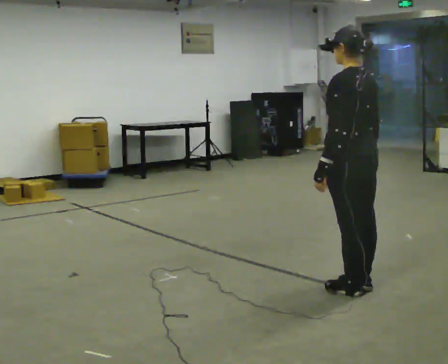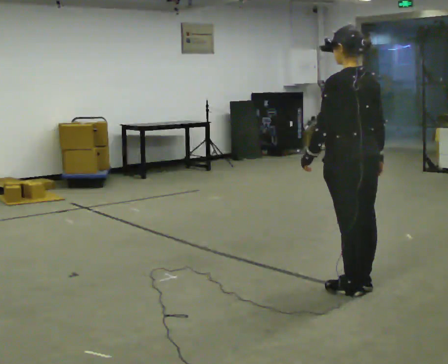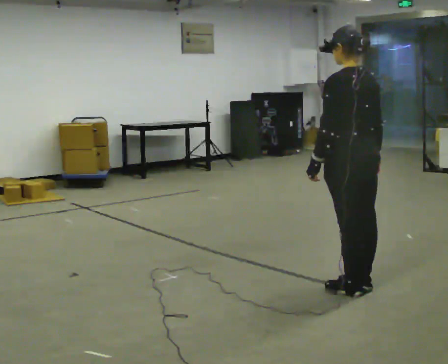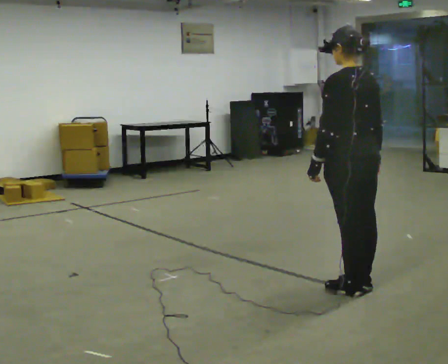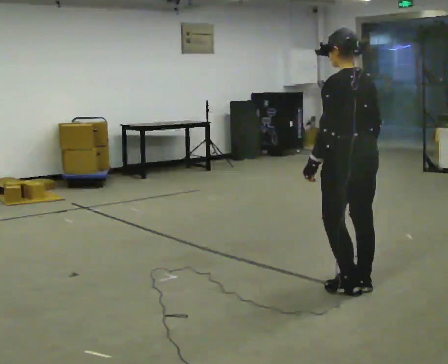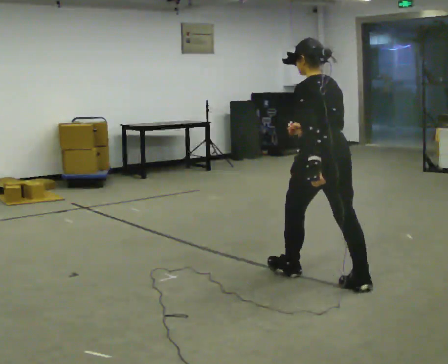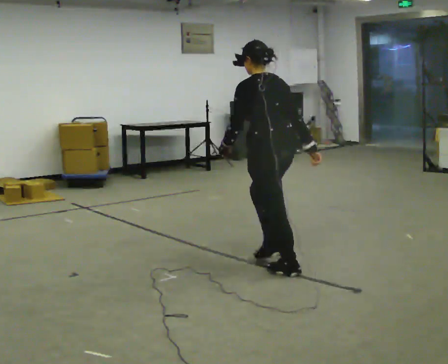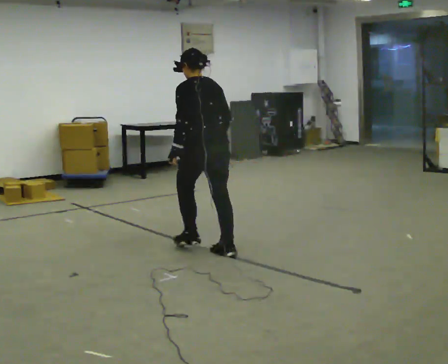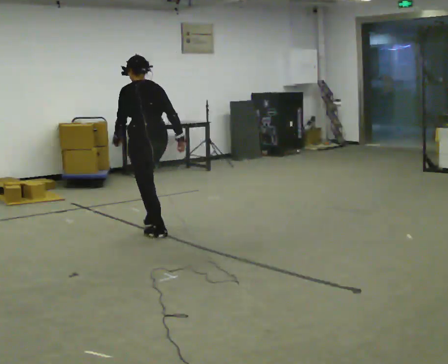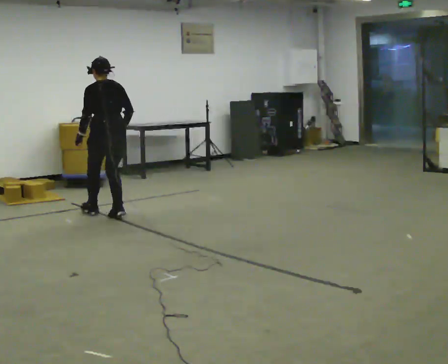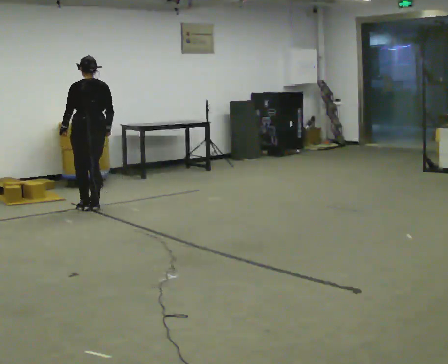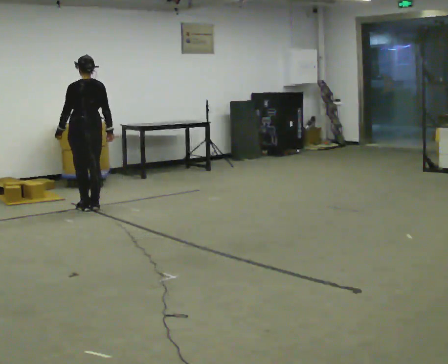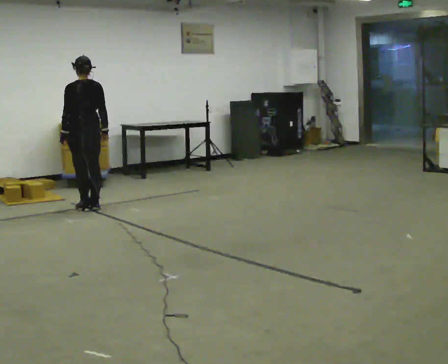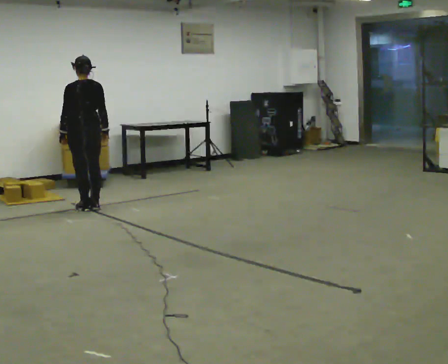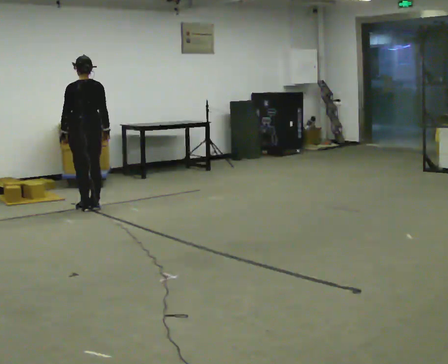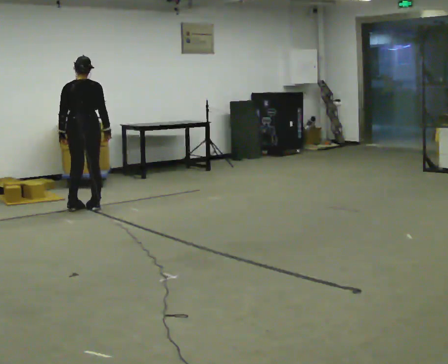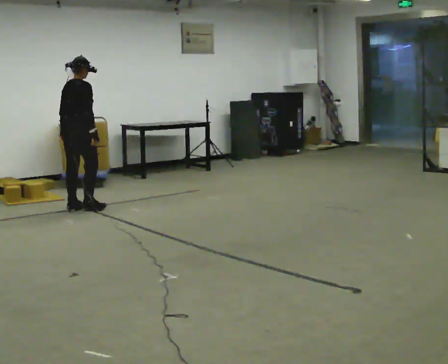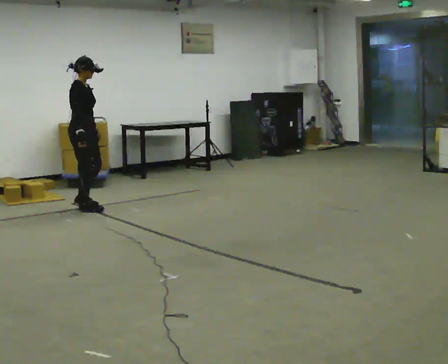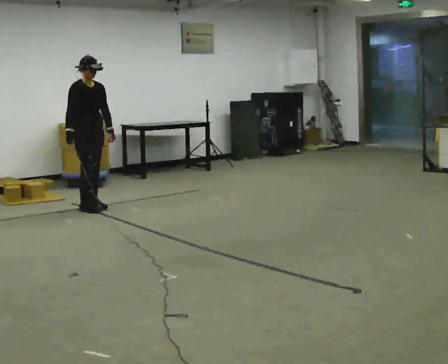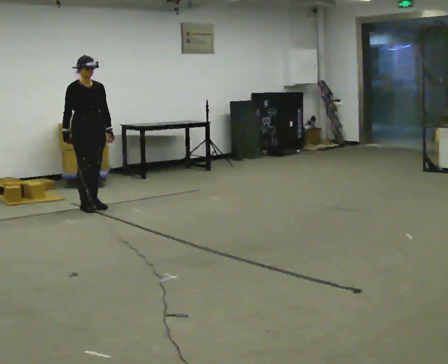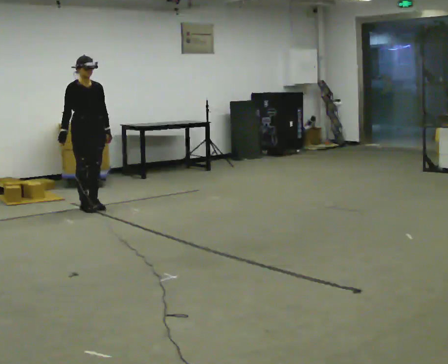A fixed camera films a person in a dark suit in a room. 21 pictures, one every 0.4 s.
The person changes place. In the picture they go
away from the camera.
0.0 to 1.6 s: The person moves a little, or ends about where they began.
1.6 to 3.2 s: In the picture they go away from the camera and to the left, about 2 m in 3 steps, which for them is forward.
3.2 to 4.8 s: In the picture they go away from the camera and to the left, about 1 m in 3 steps, which for them is forward. The upper body tips toward the camera, its near side rolling downward, as they lean back or straighten.
4.8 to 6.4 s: The person turns about 75 degrees to their right, clockwise seen from above, so the part of the body nearest the lens slides to the left.
6.4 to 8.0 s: The person turns about 105 degrees to their right, clockwise seen from above, so the part of the body nearest the lens slides to the left. In the picture their right hand goes to the left, the arm swinging clockwise.
The film runs forward here.
